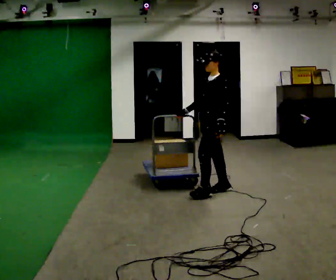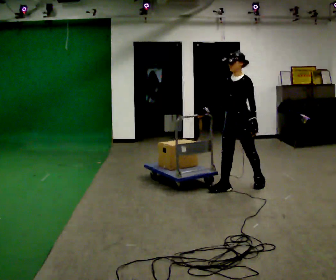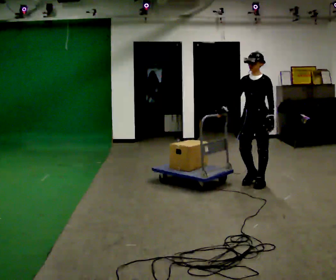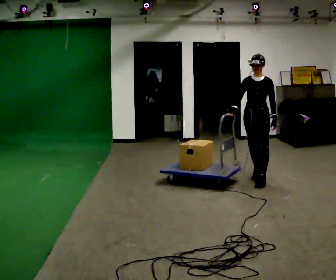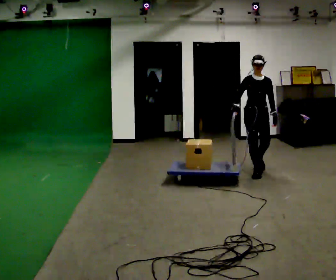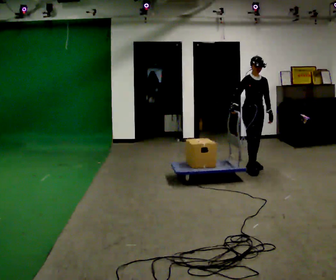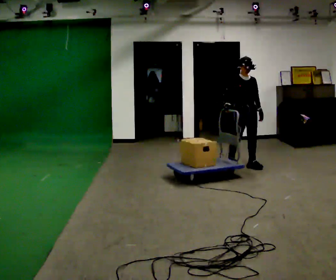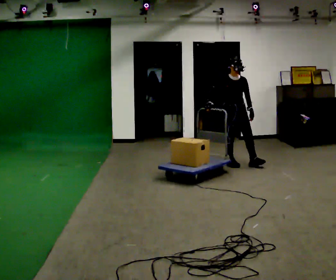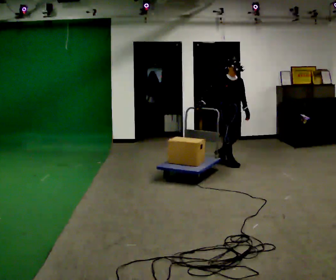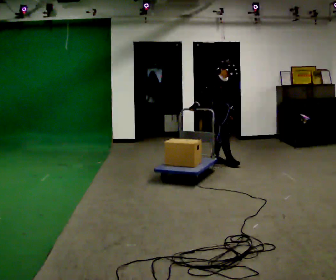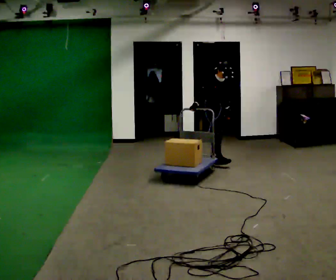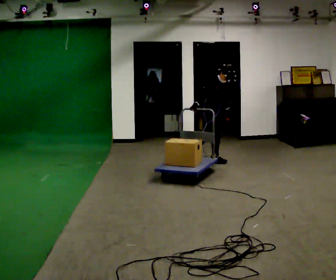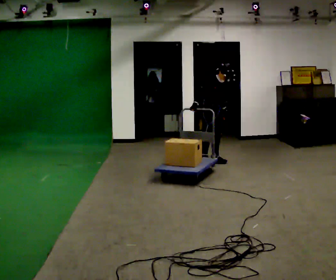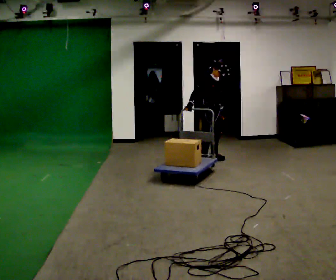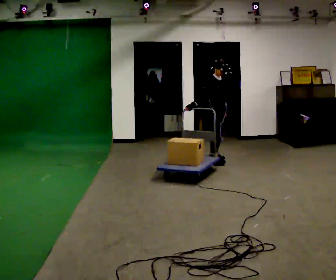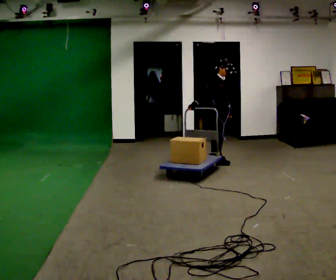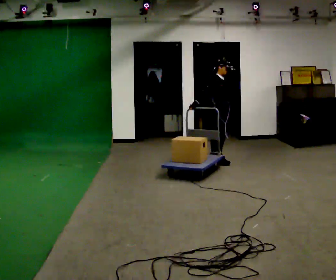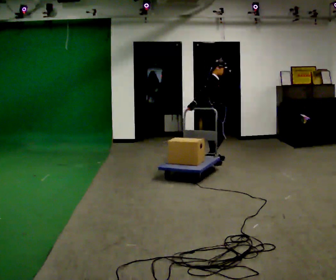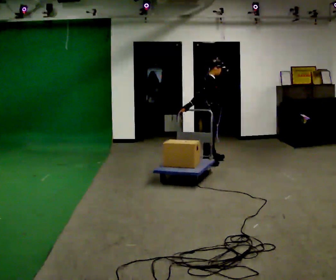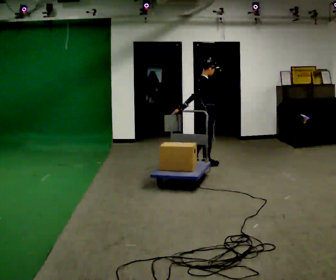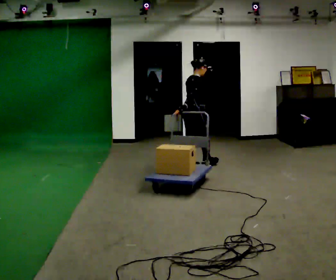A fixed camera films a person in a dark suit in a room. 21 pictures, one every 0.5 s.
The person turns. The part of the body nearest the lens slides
to the right.
The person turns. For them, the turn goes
to their left.
0.0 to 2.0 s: The person turns about 75 degrees to their left, counterclockwise seen from above, so the part of the body nearest the lens slides to the right. In the picture they go away from the camera and to the right, about 1 m in 2 steps.
2.0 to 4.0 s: The part of the body nearest the lens slides to the right as the person turns to their left by about 30 degrees. In the picture they go away from the camera and to the left, about 0.75 m in 2 steps, which for them is backward.
4.0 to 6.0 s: In the picture they go to the left and away from the camera, about 0.25 m in 1 step, which for them is backward. In the picture the upper body tilts clockwise, shoulders to the right, as they bend forward.
6.0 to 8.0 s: The person turns about 30 degrees to their left, counterclockwise seen from above, so the part of the body nearest the lens slides to the right. In the picture the upper body tilts counterclockwise, shoulders to the left, as they lean back or straighten.
8.0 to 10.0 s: The part of the body nearest the lens slides to the right as the person turns to their left by about 45 degrees. In the picture they go toward the camera and to the left, about 0.5 m in 2 steps, which for them is backward and to their right.
The film runs backward here.
